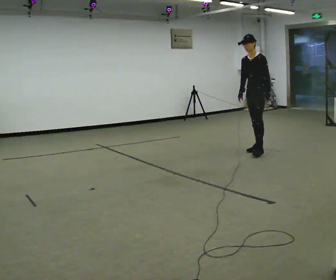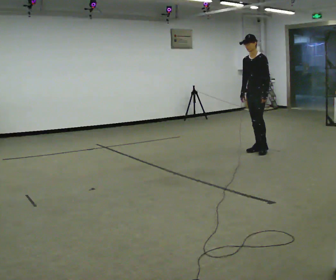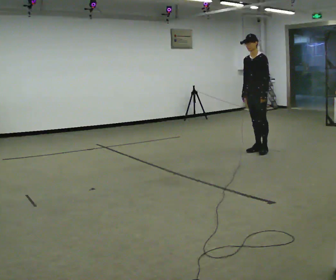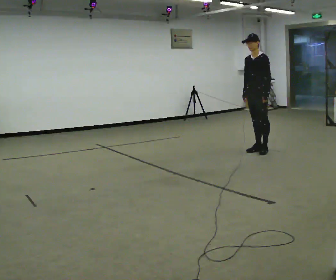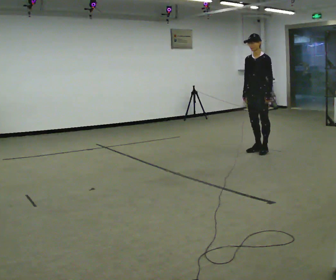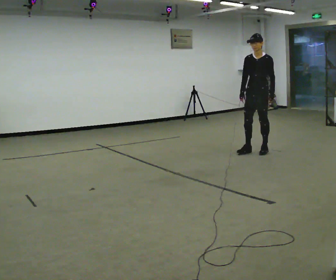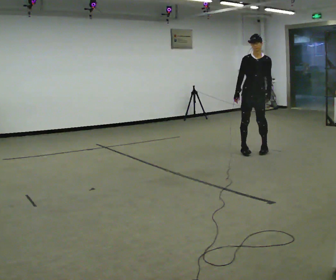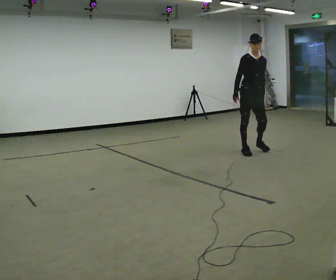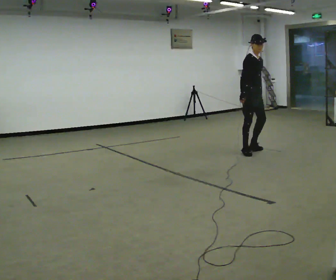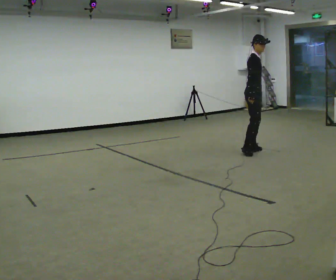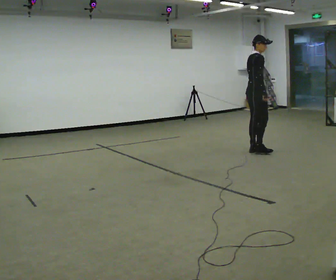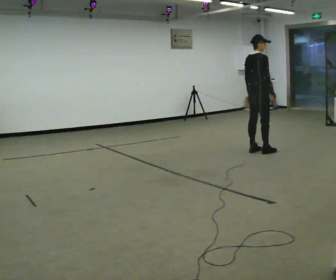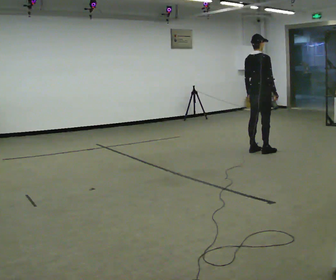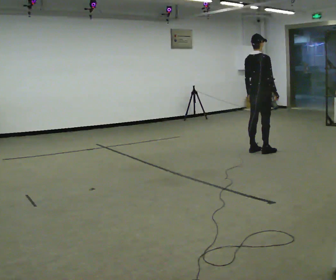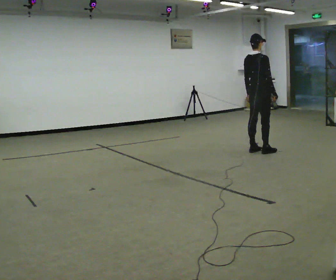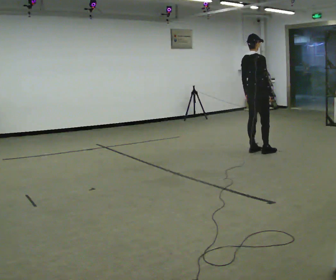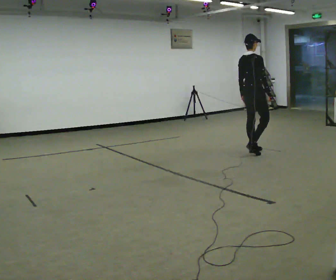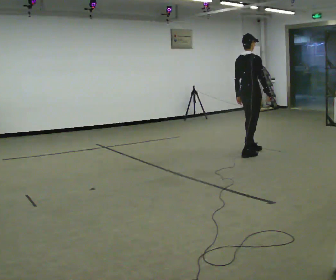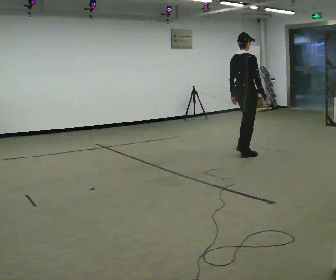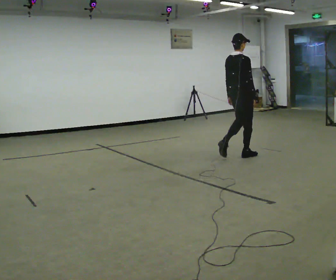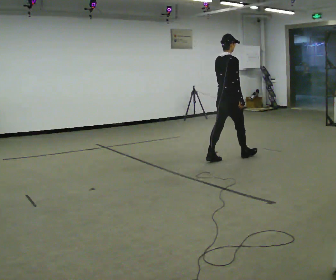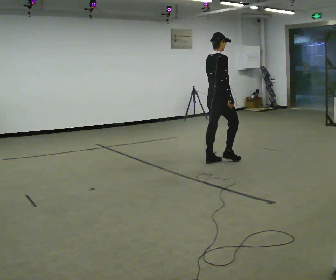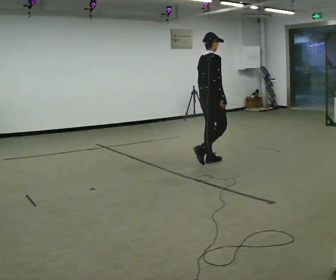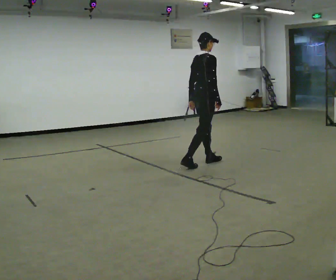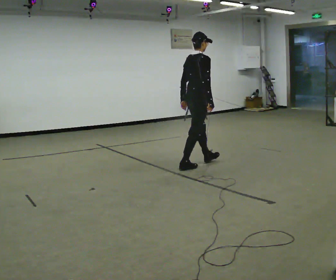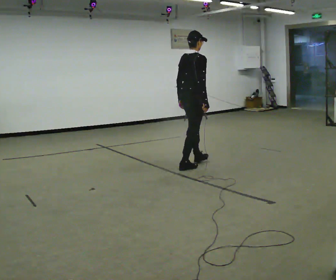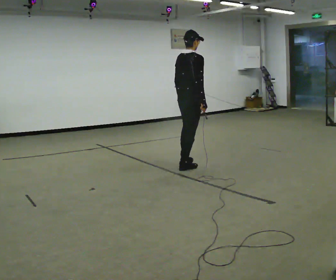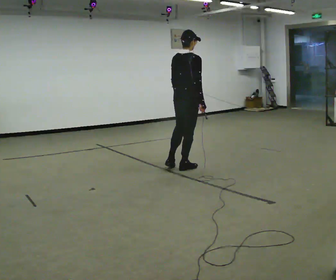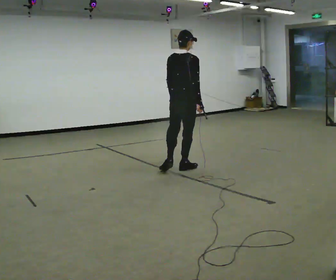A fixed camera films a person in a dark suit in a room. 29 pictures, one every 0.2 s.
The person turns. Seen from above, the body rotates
counterclockwise.
The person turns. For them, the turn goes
to their left.
0.0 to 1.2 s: The part of the body nearest the lens slides to the right as the person turns to their left by about 30 degrees.
1.2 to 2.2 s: The person turns about 135 degrees to their left, counterclockwise seen from above, so the part of the body nearest the lens slides to the right. In the picture their right hand goes to the right, the arm swinging counterclockwise.
2.2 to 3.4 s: In the picture they go toward the camera, about 0.25 m in 1 step, which for them is backward.
3.4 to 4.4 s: In the picture they go to the left and toward the camera, about 0.5 m in 2 steps, which for them is backward.
4.4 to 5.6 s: The part of the body nearest the lens slides to the right as the person turns to their left by about 30 degrees. In the picture they go toward the camera and to the left, about 0.5 m in 1 step, which for them is backward.
The film runs backward here.
